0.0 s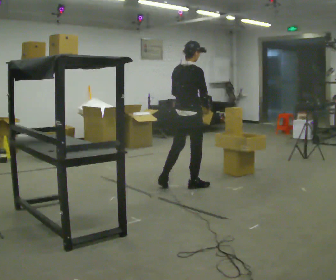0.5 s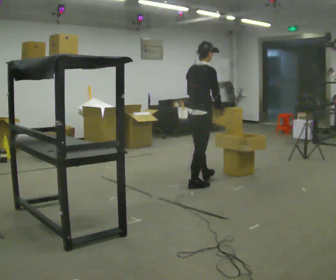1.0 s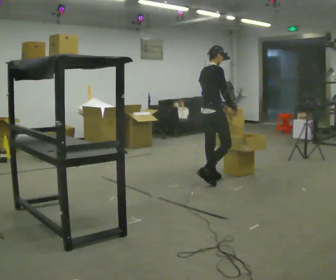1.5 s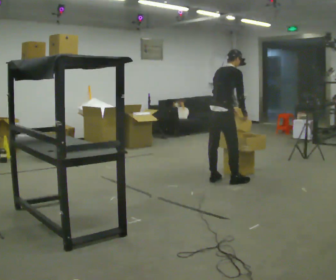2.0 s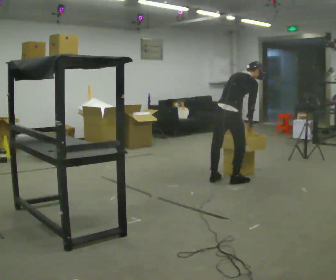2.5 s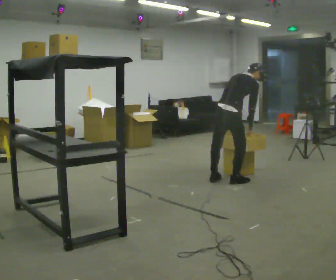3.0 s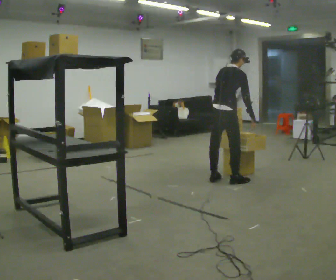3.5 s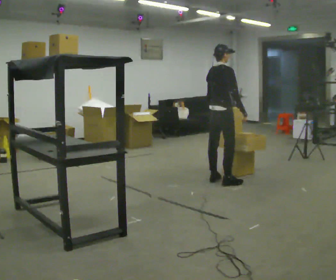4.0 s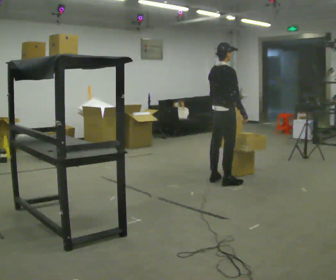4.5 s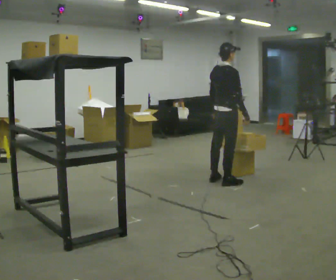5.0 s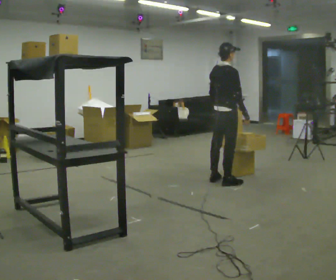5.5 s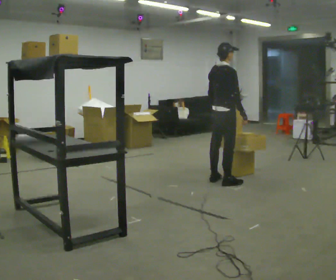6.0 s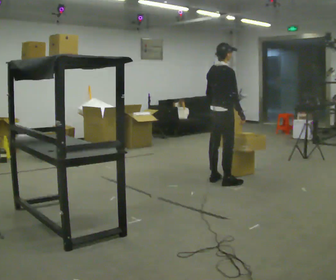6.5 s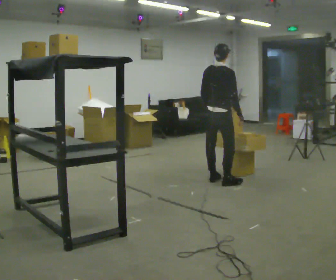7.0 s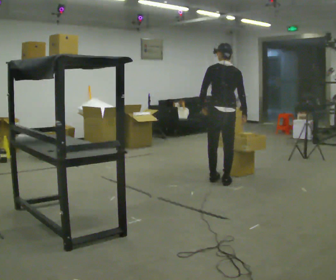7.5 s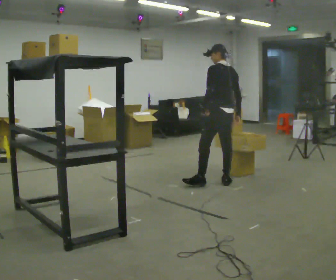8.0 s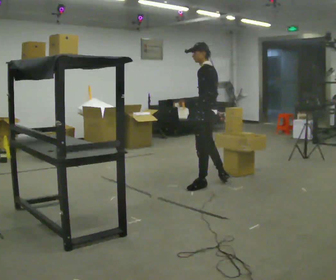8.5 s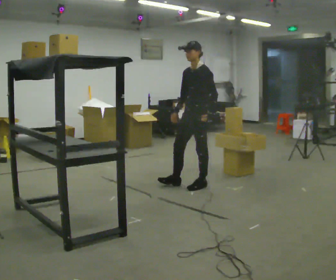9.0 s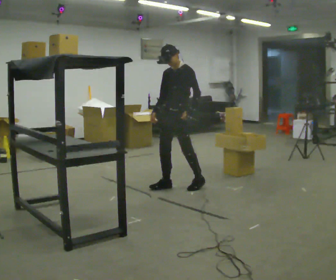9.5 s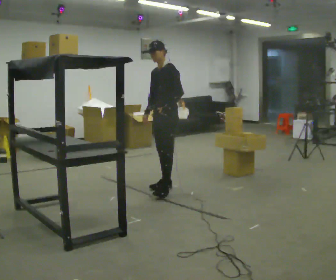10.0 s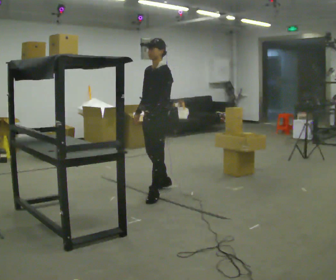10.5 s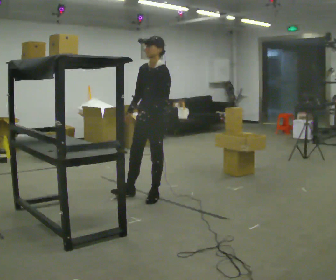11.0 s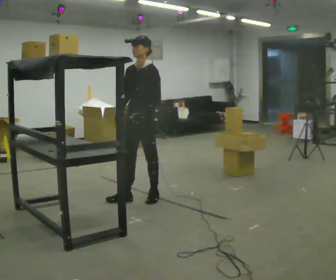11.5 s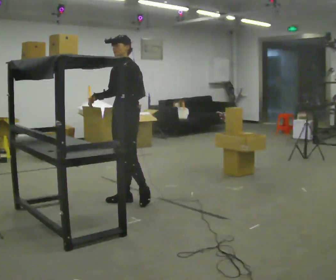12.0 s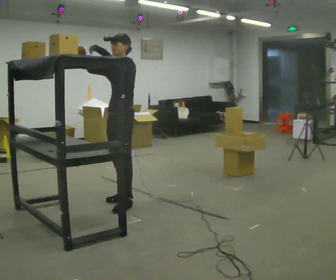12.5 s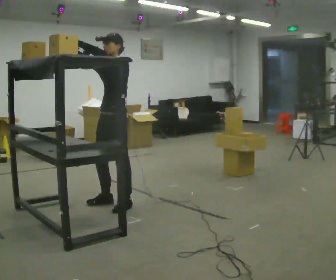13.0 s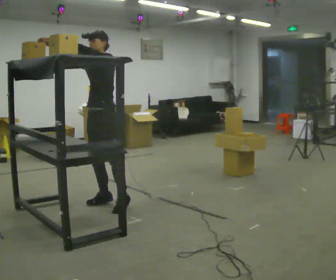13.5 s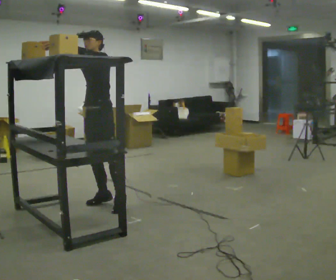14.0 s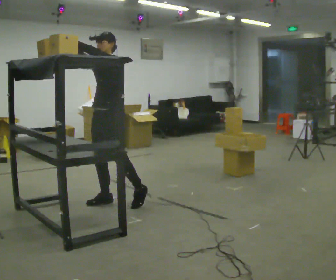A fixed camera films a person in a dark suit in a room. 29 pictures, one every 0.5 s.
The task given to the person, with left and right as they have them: Take an object from the lowest shelf, carry it across the room, and place it on the highest shelf you can comfortably reach. Keep going until the operator says stop; one object at a time, and do not rush between trips.
0.0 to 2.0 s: In the picture they go to the right and away from the camera, about 0.5 m in 2 steps, which for them is forward. The upper body tips away from the camera, its near side rolling upward, as they bend forward.
2.0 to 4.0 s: The upper body tips toward the camera, its near side rolling downward, as they lean back or straighten.
4.0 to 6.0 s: The person moves a little, or ends about where they began.
6.0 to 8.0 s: Seen from above the body turns counterclockwise, about 135 degrees: to their left, with its near side sliding to the right. In the picture they go toward the camera, about 0.25 m in 1 step.
8.0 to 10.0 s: The person turns about 45 degrees to their left, counterclockwise seen from above, so the part of the body nearest the lens slides to the right. In the picture they go to the left and toward the camera, about 0.75 m in 2 steps.
10.0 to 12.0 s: In the picture they go toward the camera and to the left, about 0.5 m in 2 steps, which for them is forward. In the picture their right hand goes upward, the arm swinging clockwise.
12.0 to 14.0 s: The person moves a little, or ends about where they began.
The film runs forward here.
